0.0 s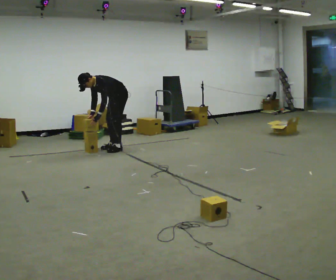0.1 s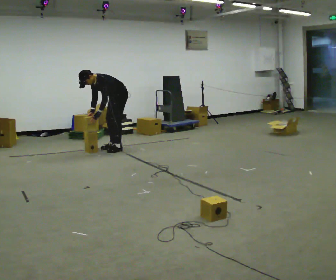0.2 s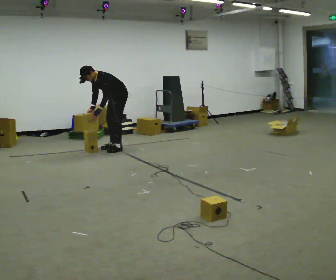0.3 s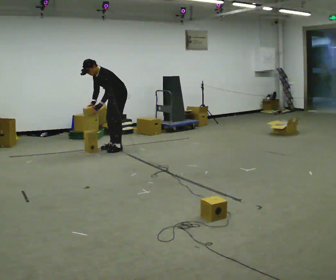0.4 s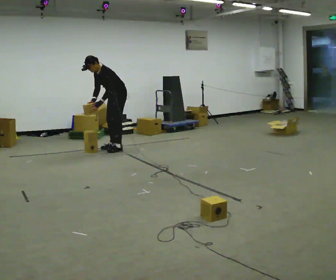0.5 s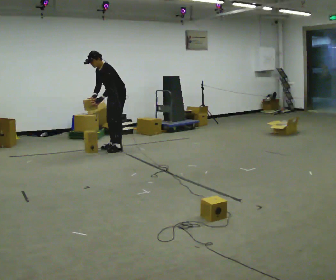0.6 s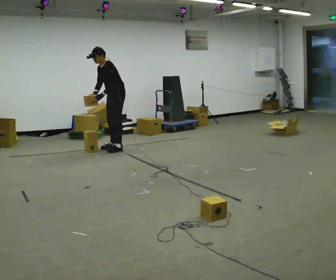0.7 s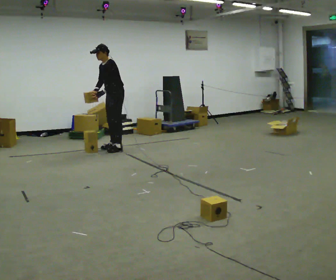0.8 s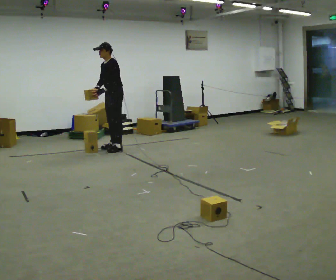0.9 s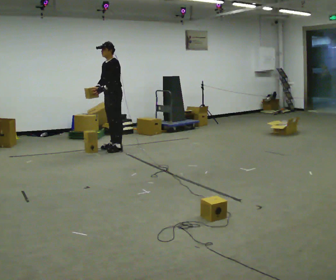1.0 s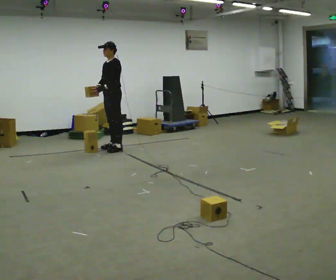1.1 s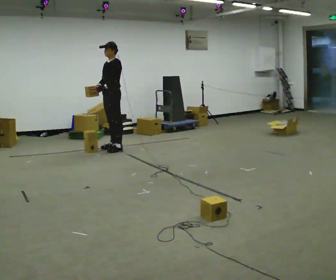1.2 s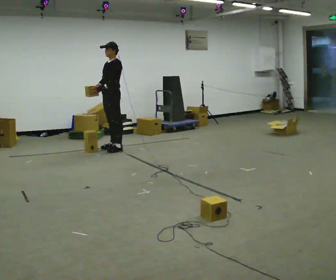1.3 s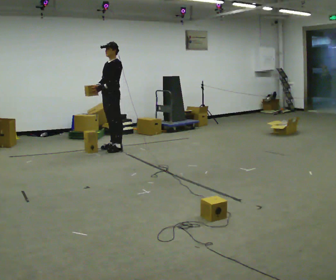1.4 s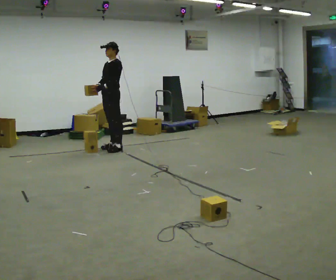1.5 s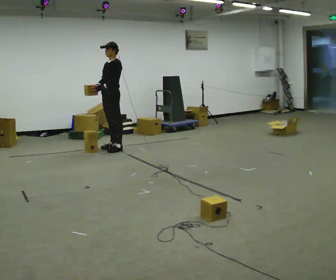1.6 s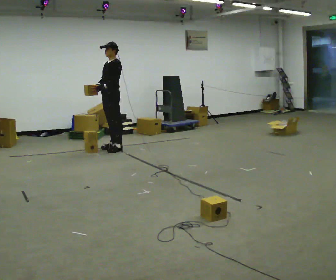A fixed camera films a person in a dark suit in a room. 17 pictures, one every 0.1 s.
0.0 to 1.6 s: The upper body goes upward. In the picture the upper body tilts clockwise, shoulders to the right, as they lean back or straighten. In the picture their left hand goes upward.
The film runs forward here.
